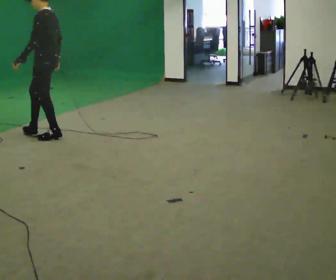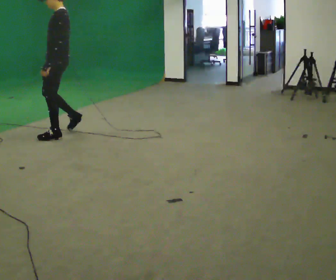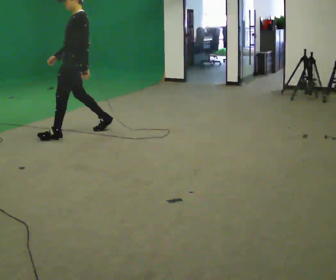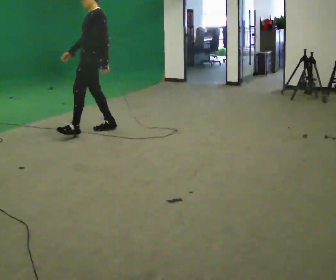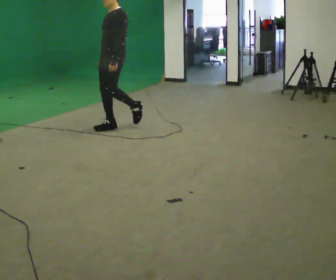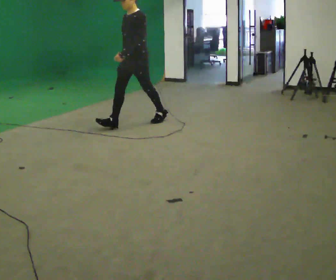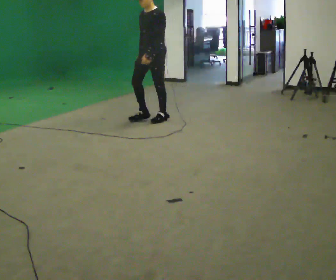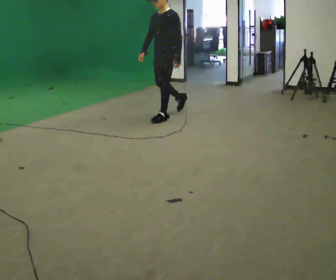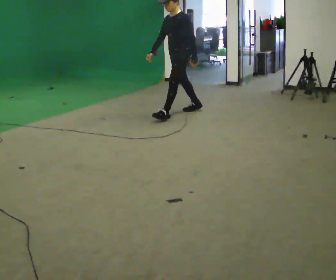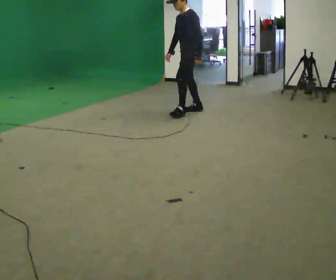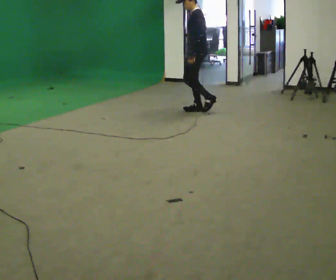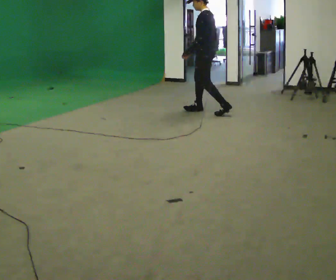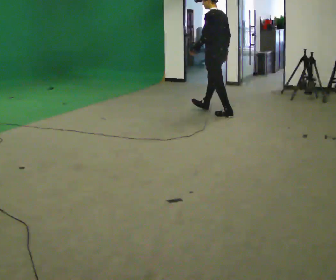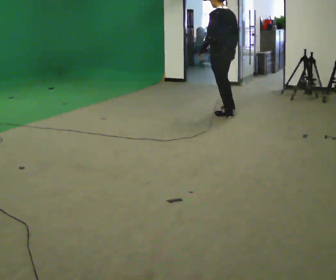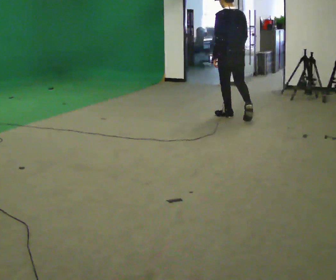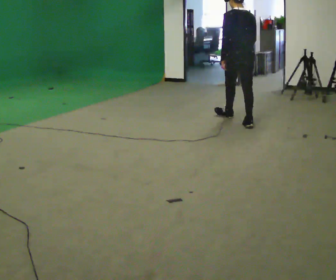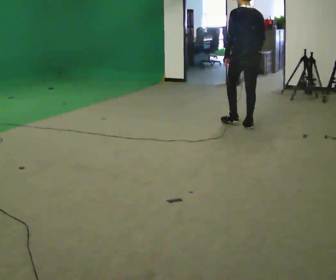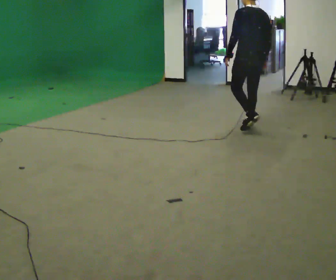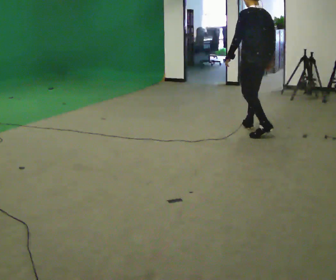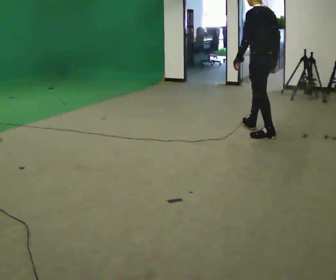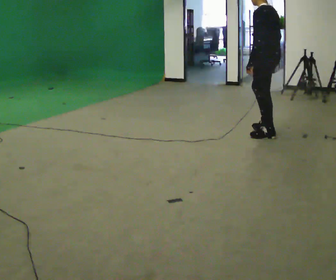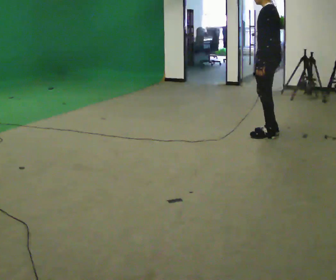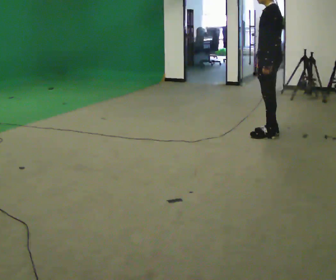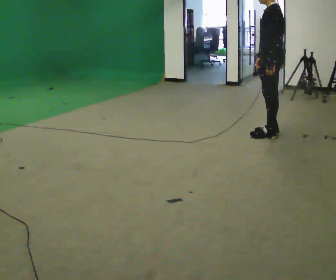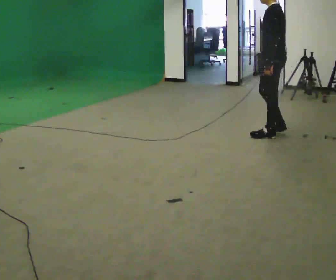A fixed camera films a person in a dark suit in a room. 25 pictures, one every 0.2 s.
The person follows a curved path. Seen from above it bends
clockwise.
The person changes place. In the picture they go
to the right.
0.0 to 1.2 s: The person turns about 45 degrees to their left, counterclockwise seen from above, so the part of the body nearest the lens slides to the right. In the picture they go to the right and away from the camera, about 1.5 m in 2 steps, which for them is backward.
1.2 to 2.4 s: The part of the body nearest the lens slides to the left as the person turns to their right by about 75 degrees. In the picture they go to the right and away from the camera, about 1 m in 2 steps.
2.4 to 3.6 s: In the picture they go toward the camera and to the right, about 1 m in 1 step, which for them is backward.
3.6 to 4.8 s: Seen from above the body turns counterclockwise, about 45 degrees: to their left, with its near side sliding to the right. In the picture they go toward the camera and to the right, about 0.25 m in 2 steps, which for them is backward and to their left.
The film runs backward here.
